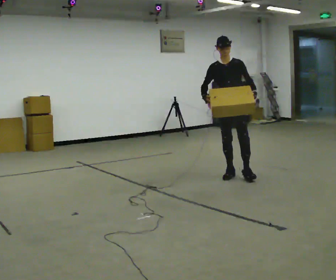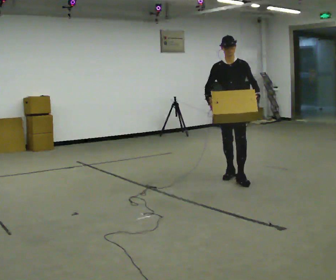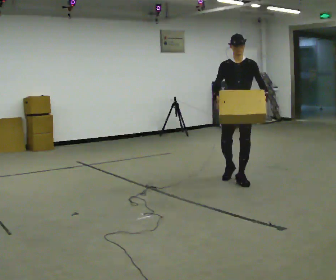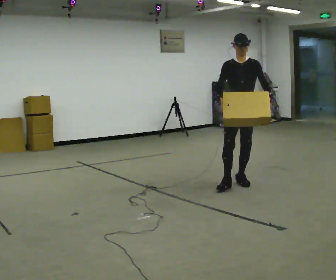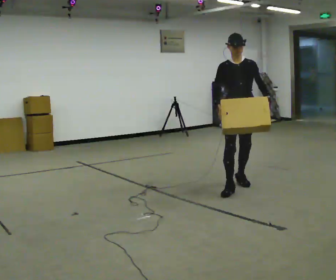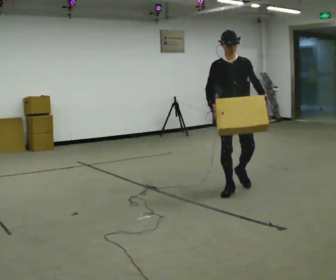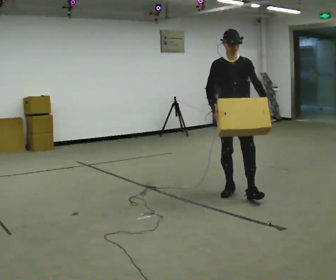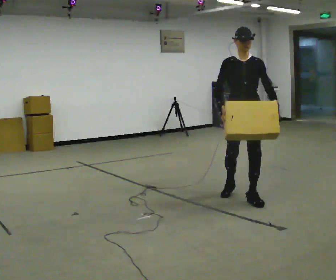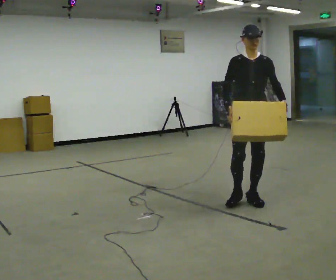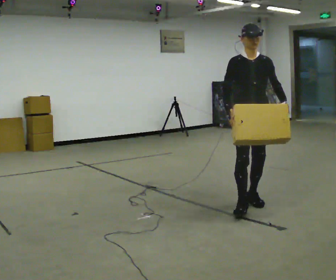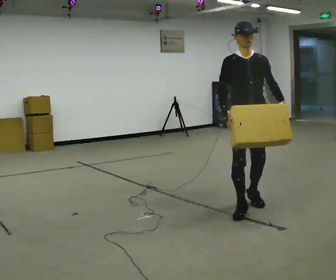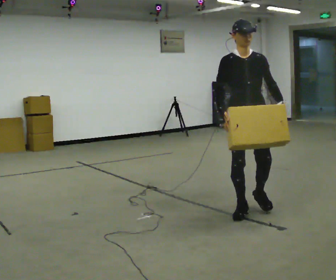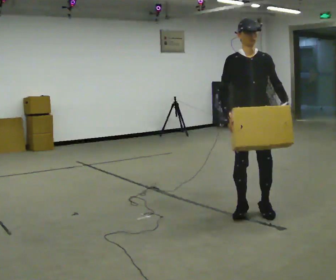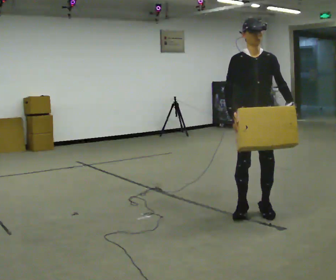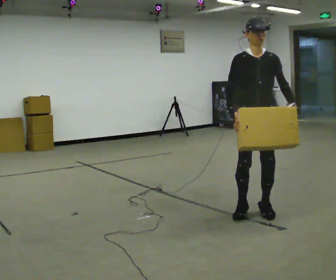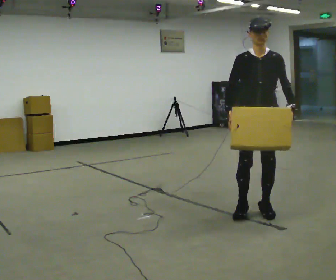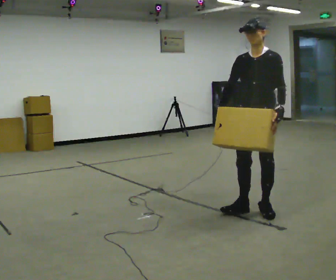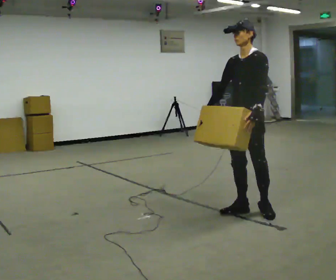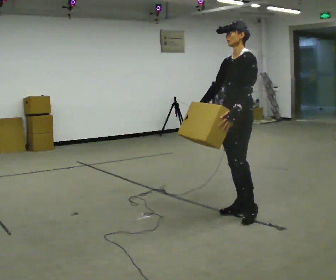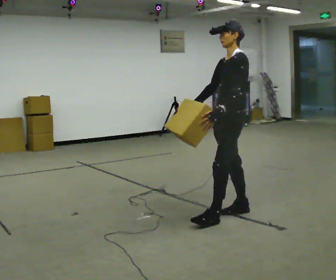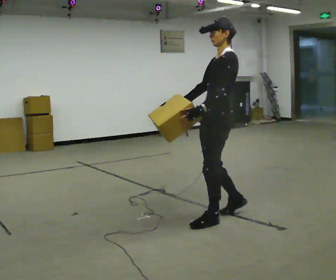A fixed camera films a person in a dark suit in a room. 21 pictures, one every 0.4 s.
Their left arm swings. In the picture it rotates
clockwise.
The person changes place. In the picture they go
toward the camera.
0.0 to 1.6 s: In the picture they go toward the camera, about 0.5 m in 2 steps, which for them is forward.
1.6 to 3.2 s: In the picture they go toward the camera, about 0.5 m in 1 step, which for them is forward.
3.2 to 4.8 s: In the picture they go toward the camera, about 0.25 m in 2 steps, which for them is forward.
4.8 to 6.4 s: Seen from above the body turns clockwise, about 30 degrees: to their right, with its near side sliding to the left.
6.4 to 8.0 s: The person turns about 45 degrees to their right, clockwise seen from above, so the part of the body nearest the lens slides to the left. In the picture they go to the left and toward the camera, about 0.5 m in 1 step, which for them is forward.
The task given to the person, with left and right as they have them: Carry the medium box in both hands in front of you, walking back and forth across the room. Keep walking until the operator says stop.
The film runs forward here.
